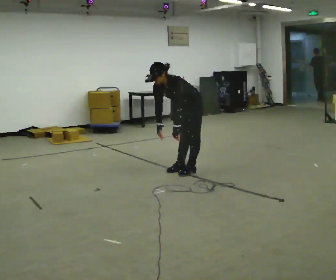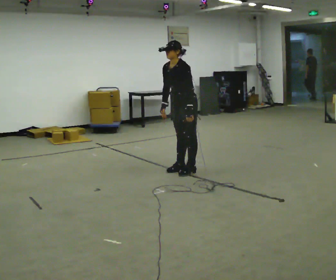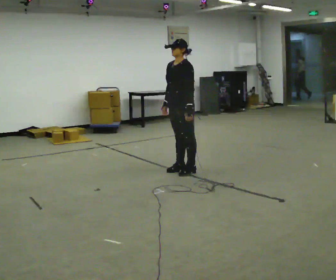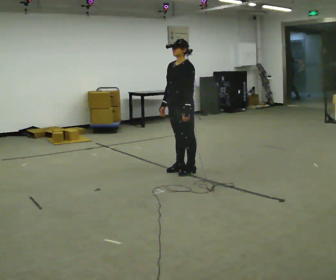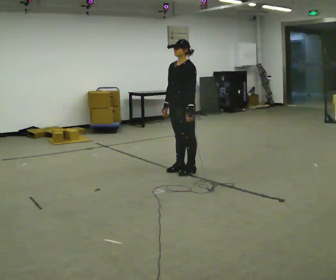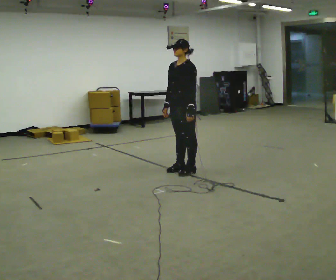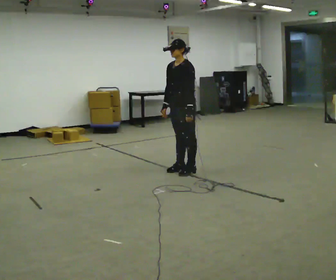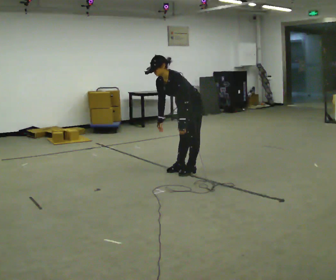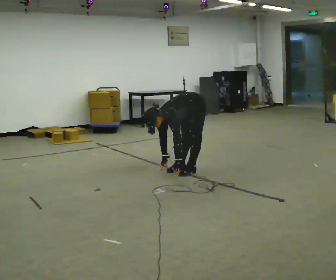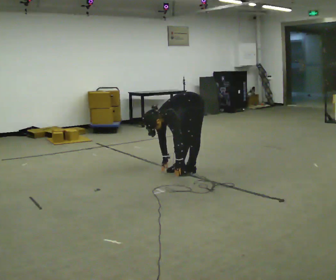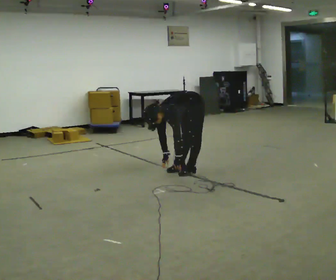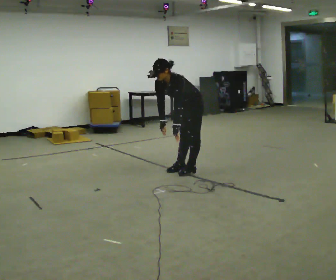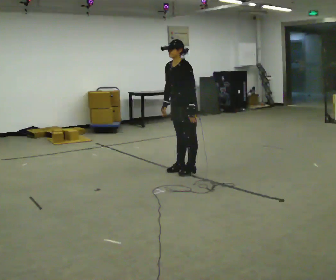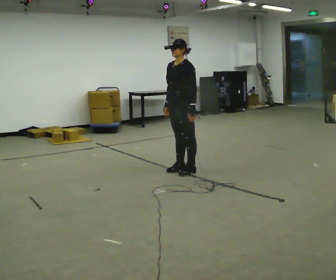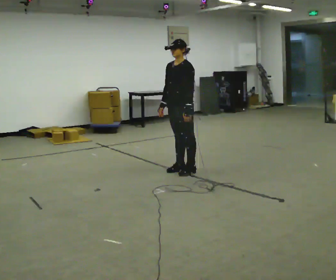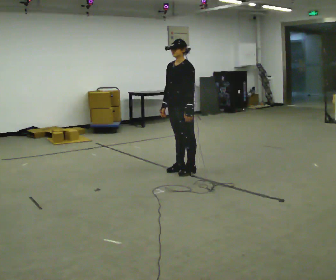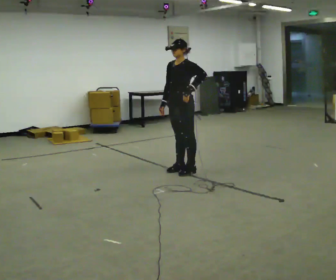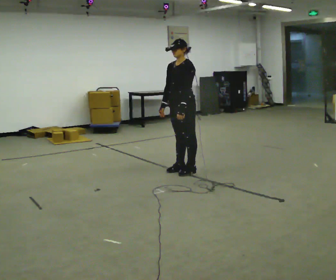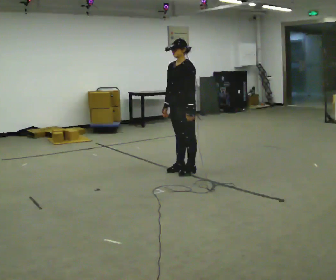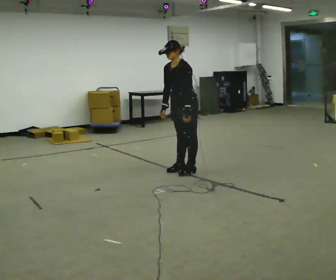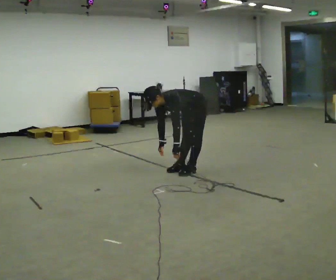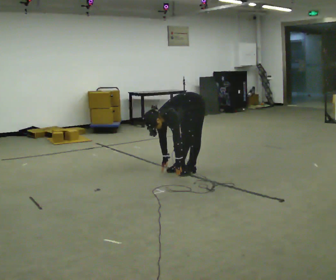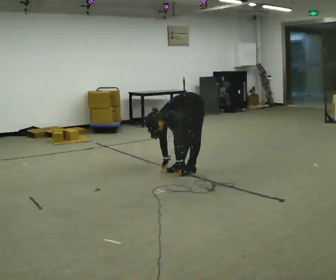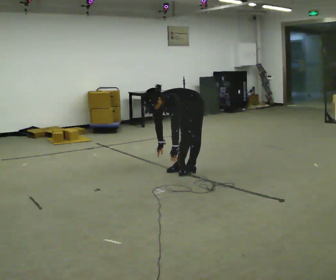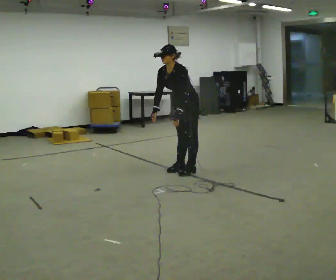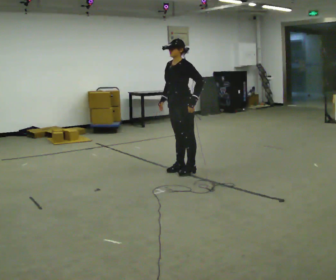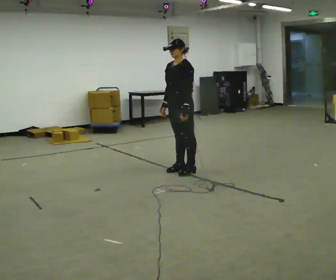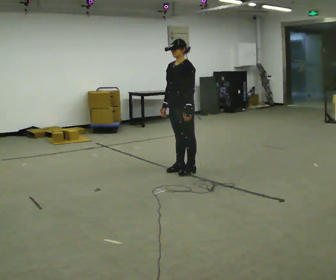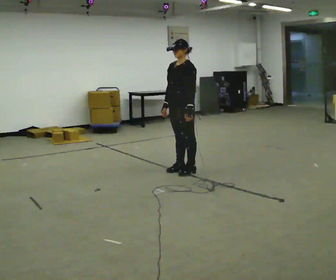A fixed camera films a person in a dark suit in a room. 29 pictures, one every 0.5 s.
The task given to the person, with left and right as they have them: Keeping your feet still, reach down toward the floor in front and to each side, then return to standing. Repeat the movement at your own pace until the operator says stop; do not rush.
0.0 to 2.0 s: The upper body goes upward. In the picture the upper body tilts clockwise, shoulders to the right, as they lean back or straighten.
2.0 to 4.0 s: The upper body goes downward. In the picture the upper body tilts counterclockwise, shoulders to the left, as they bend forward. In the picture their left hand goes downward.
4.0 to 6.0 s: The upper body goes upward. In the picture the upper body tilts clockwise, shoulders to the right, as they lean back or straighten. In the picture their left hand goes upward.
6.0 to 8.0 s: The person moves a little, or ends about where they began.
8.0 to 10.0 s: The shoulders move downward. In the picture the upper body tilts counterclockwise, shoulders to the left, as they bend forward. In the picture their left hand goes downward.
10.0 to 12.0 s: In the picture their right hand goes upward.
12.0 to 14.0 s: In the picture the upper body tilts clockwise, shoulders to the right, as they lean back or straighten.
The film runs forward here.
